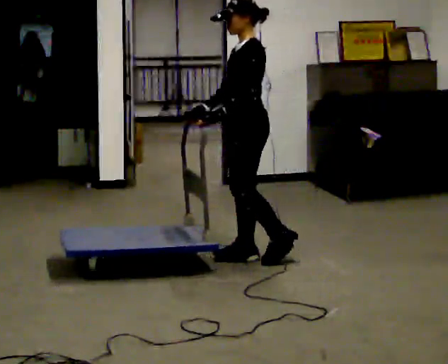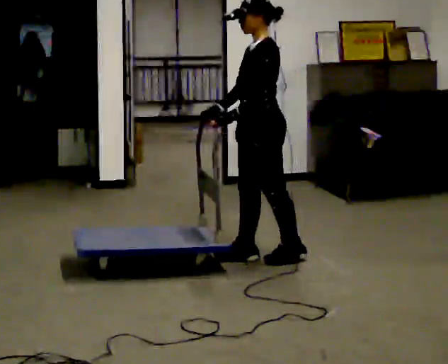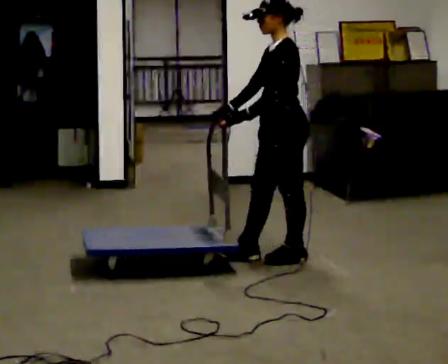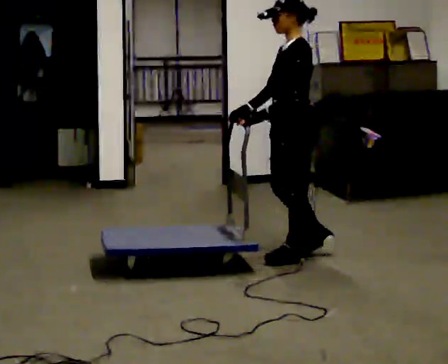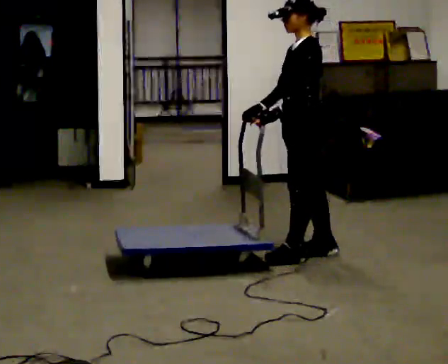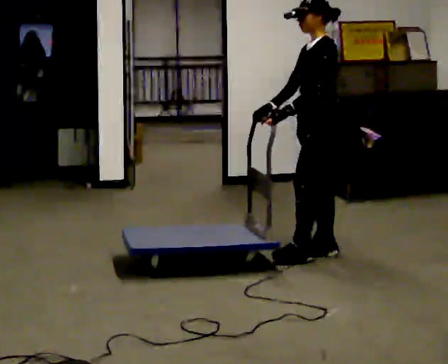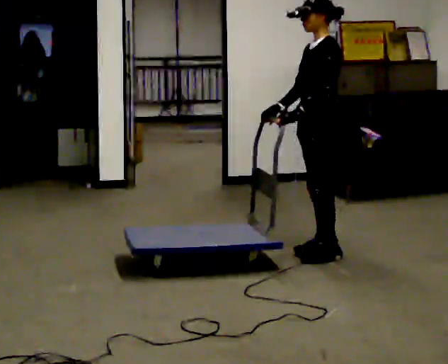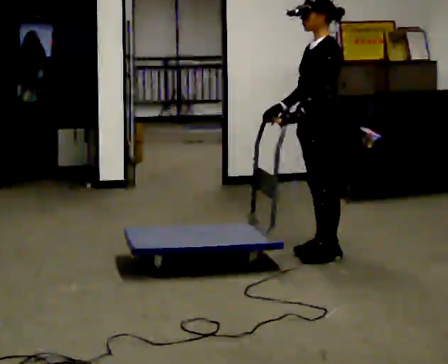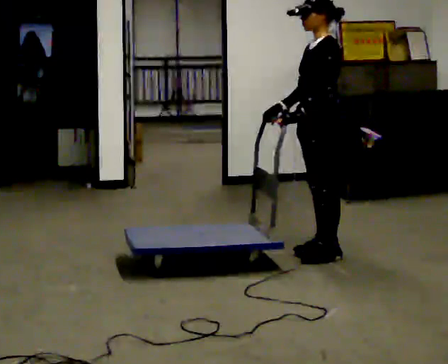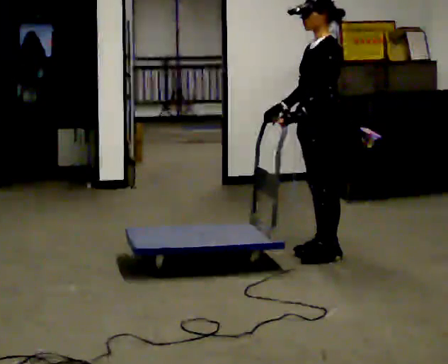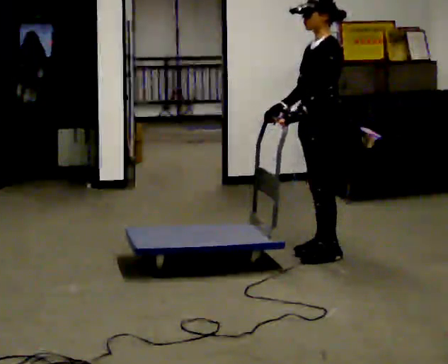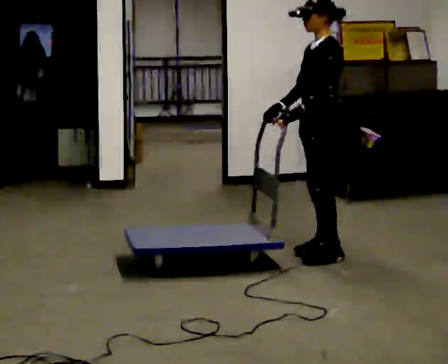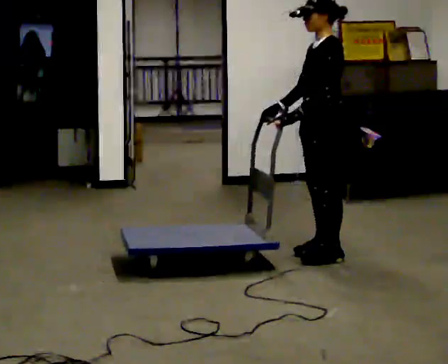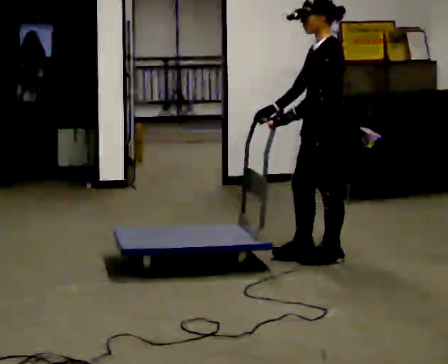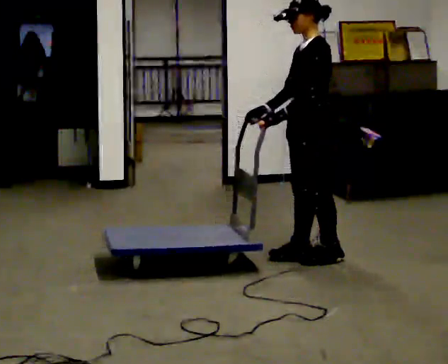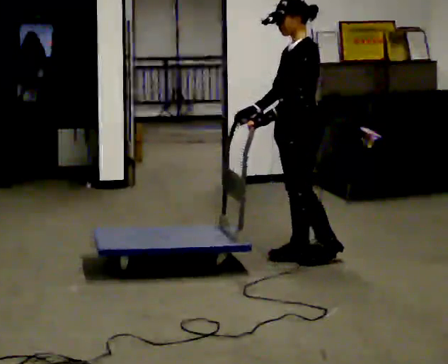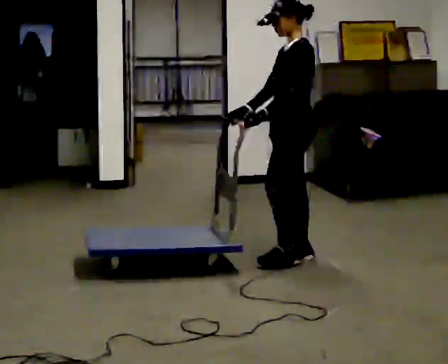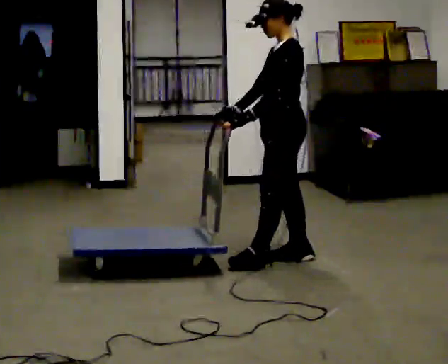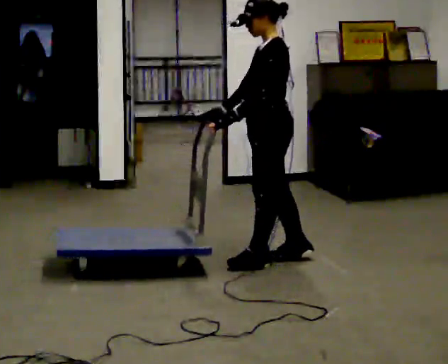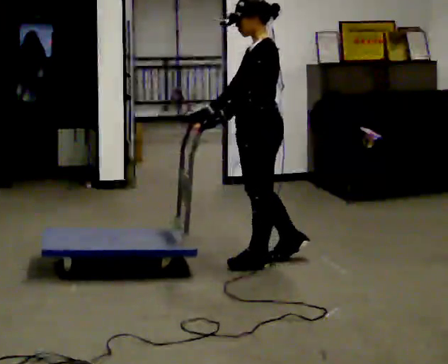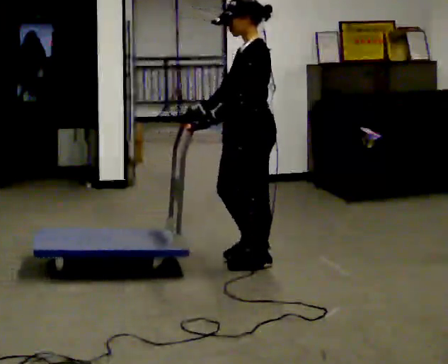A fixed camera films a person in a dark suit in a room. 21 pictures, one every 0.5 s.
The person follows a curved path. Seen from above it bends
clockwise.
0.0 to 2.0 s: In the picture they go to the right, about 0.25 m in 1 step, which for them is backward.
2.0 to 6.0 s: The person moves a little, or ends about where they began.
6.0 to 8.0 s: In the picture they go to the left, about 0.25 m in 2 steps, which for them is forward.
8.0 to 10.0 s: In the picture they go toward the camera and to the left, about 0.25 m in 1 step, which for them is forward and to their left.
The film runs backward here.
